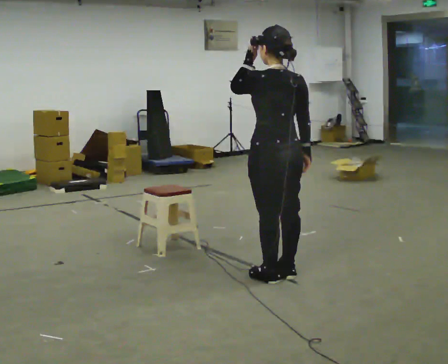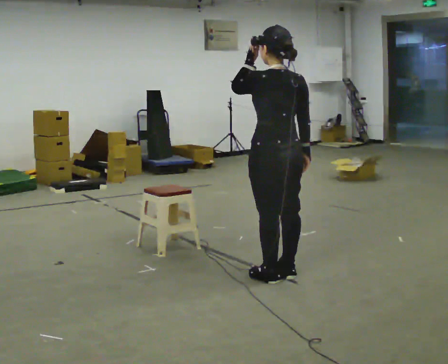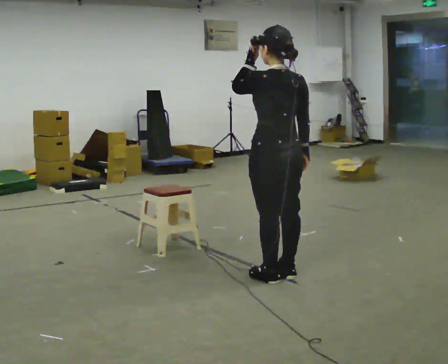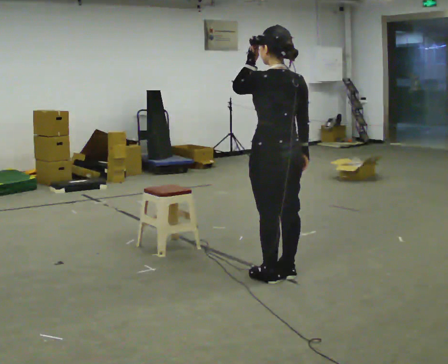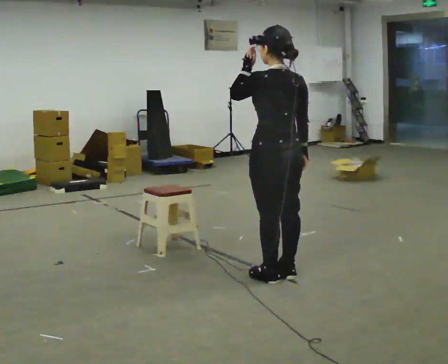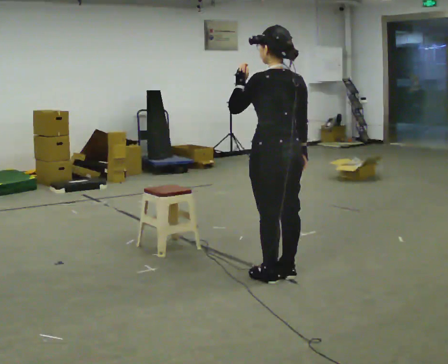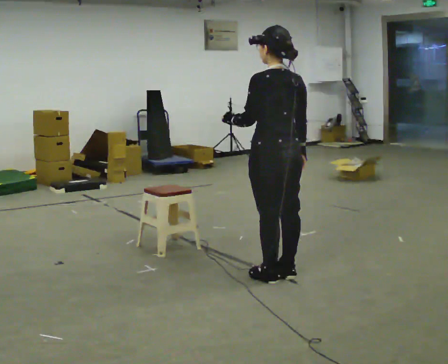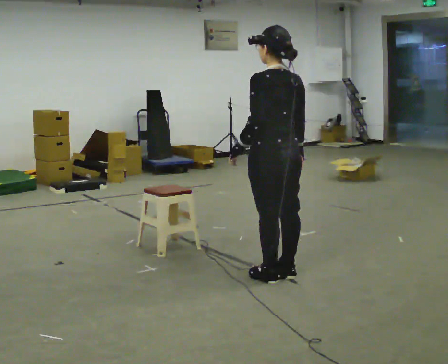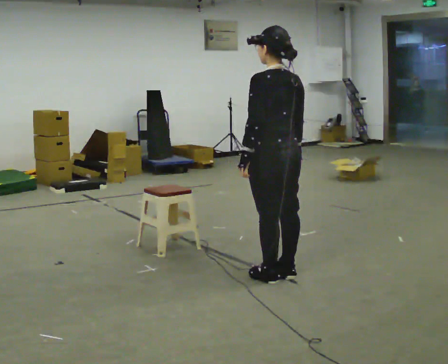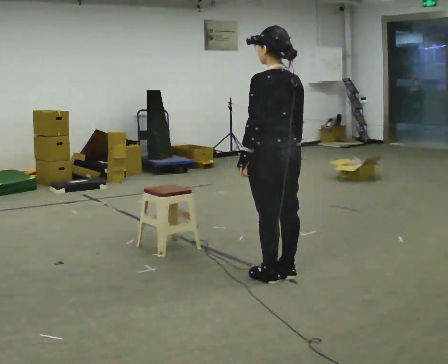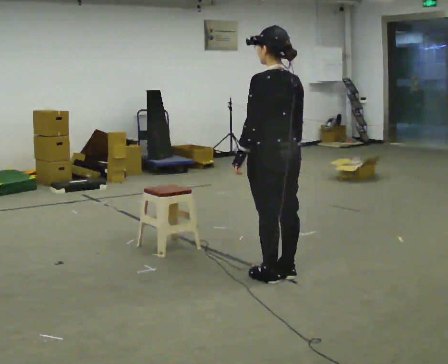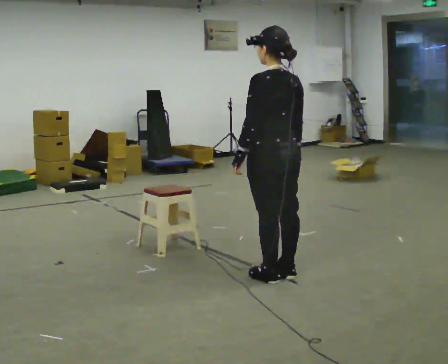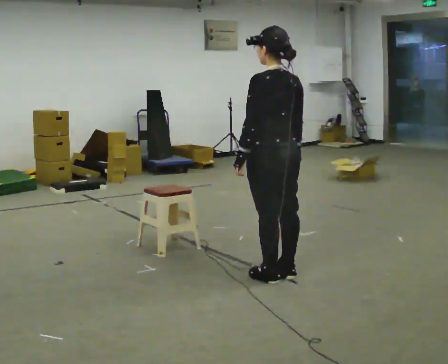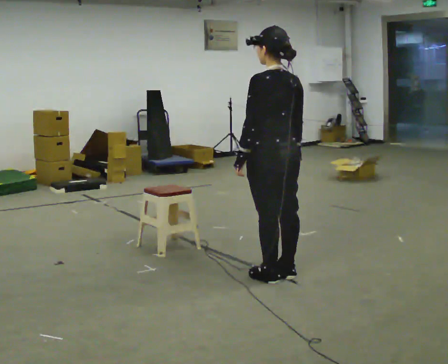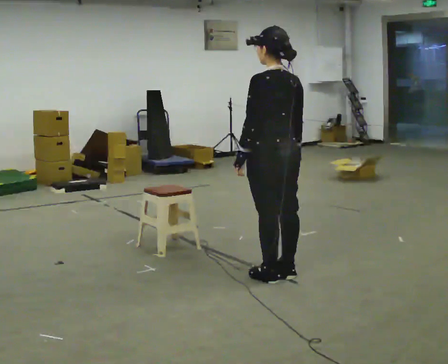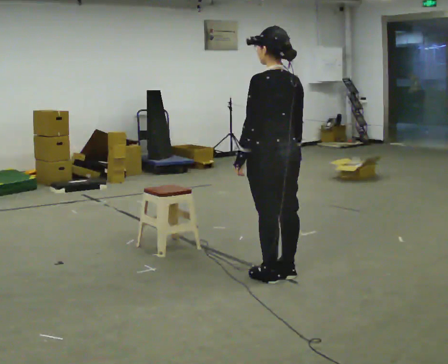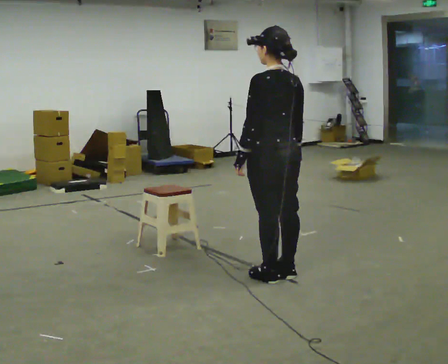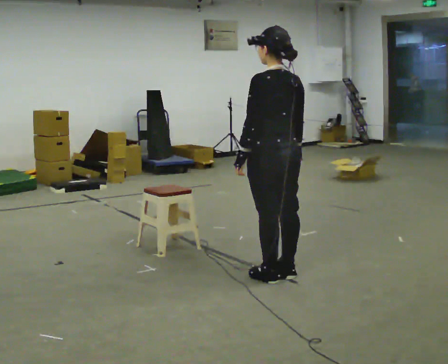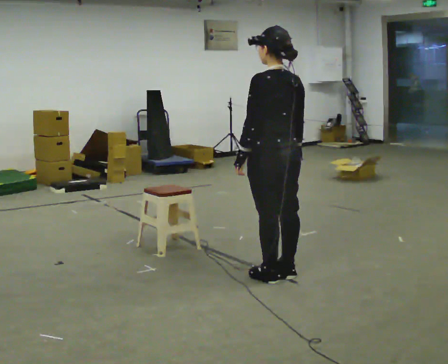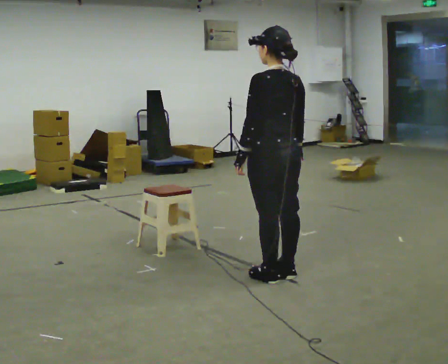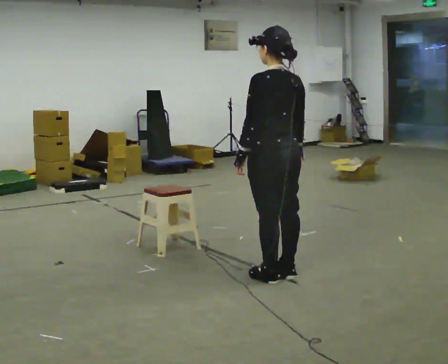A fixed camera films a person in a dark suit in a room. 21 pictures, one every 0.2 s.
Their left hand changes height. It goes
downward.
0.0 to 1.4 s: In the picture their left hand goes downward.
1.4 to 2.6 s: The person moves a little, or ends about where they began.
2.6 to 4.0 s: The person keeps their place and pose.
The film runs forward here.
